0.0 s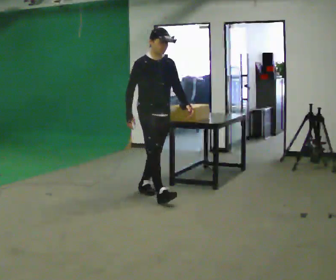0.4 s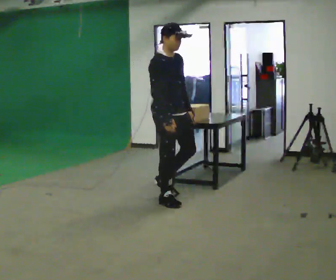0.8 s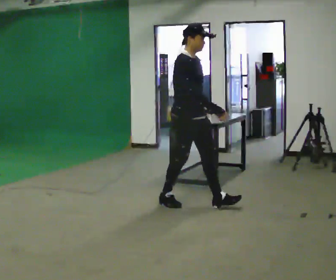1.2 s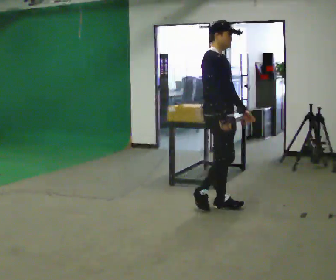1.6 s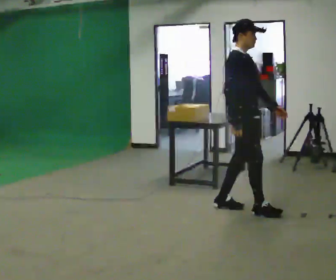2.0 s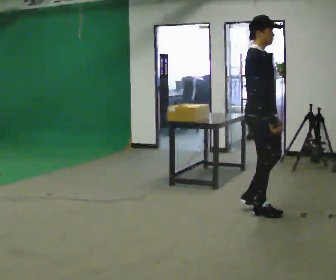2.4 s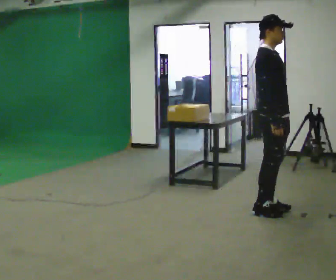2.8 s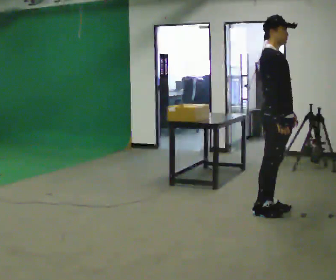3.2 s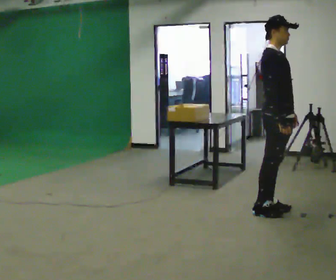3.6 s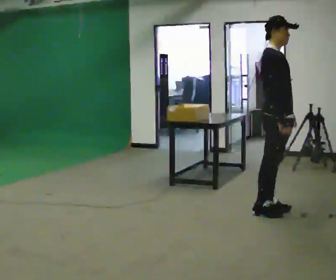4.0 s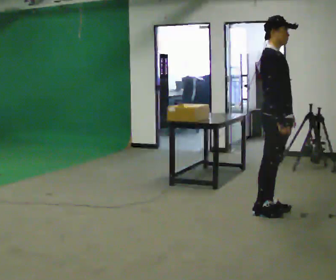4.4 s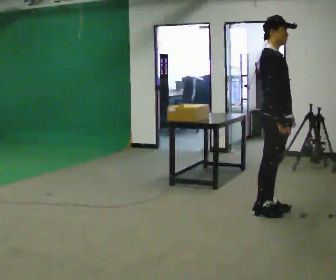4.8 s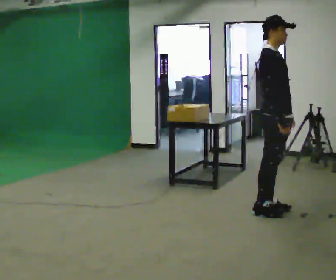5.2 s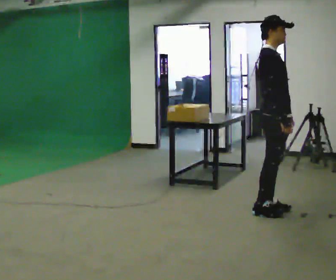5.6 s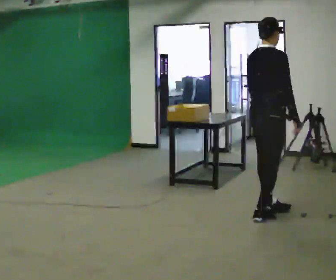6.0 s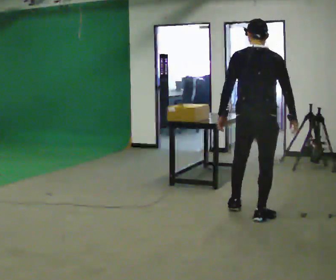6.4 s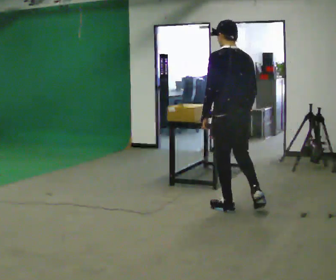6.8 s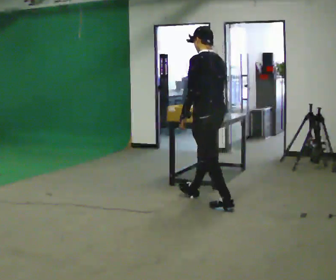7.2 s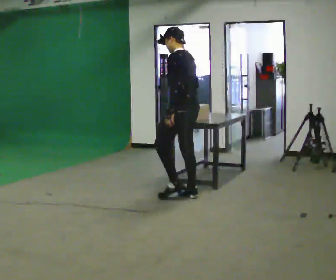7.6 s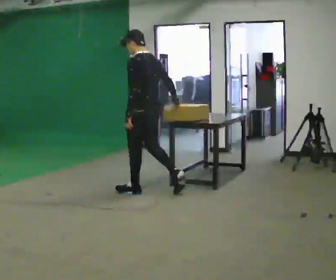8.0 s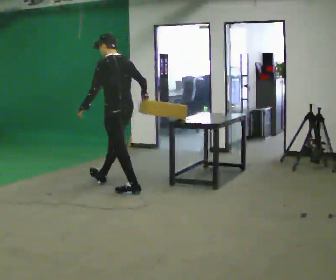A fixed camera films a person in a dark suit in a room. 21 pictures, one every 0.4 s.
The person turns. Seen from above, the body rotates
counterclockwise.
The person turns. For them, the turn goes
to their left.
0.0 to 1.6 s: The part of the body nearest the lens slides to the right as the person turns to their left by about 30 degrees. In the picture they go to the right and toward the camera, about 1 m in 2 steps, which for them is forward.
1.6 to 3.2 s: In the picture they go to the right, about 0.25 m in 1 step, which for them is forward.
3.2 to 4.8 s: The person keeps their place and pose.
4.8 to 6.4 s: The person turns about 135 degrees to their left, counterclockwise seen from above, so the part of the body nearest the lens slides to the right. In the picture they go to the left, about 0.5 m in 2 steps.
6.4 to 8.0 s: The person turns about 30 degrees to their left, counterclockwise seen from above, so the part of the body nearest the lens slides to the right. In the picture they go to the left and away from the camera, about 1.5 m in 2 steps, which for them is forward.
The film runs forward here.
